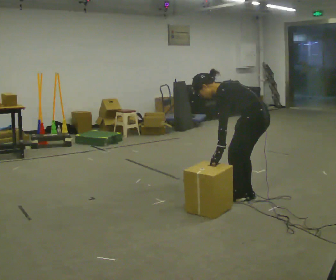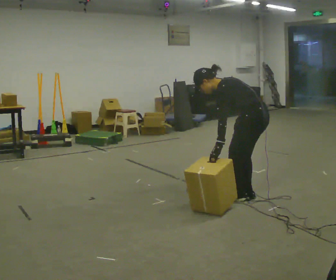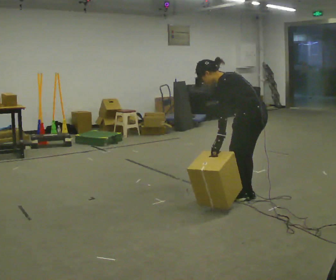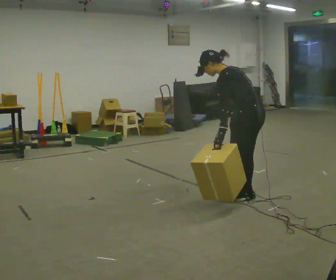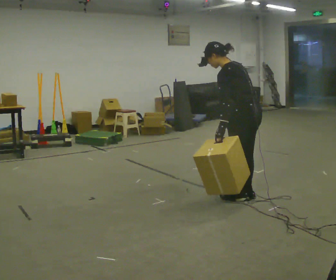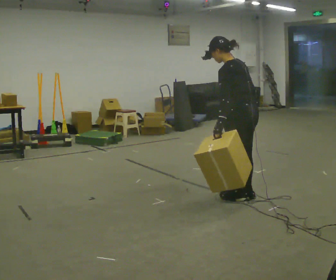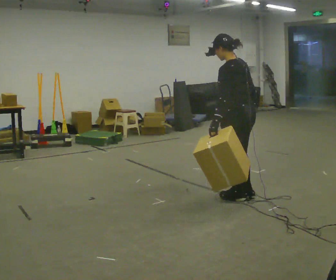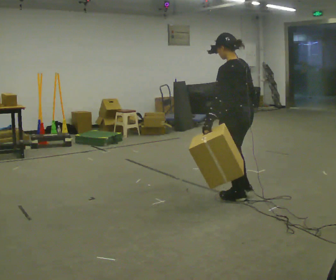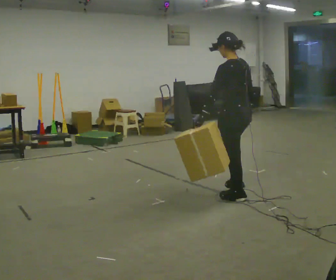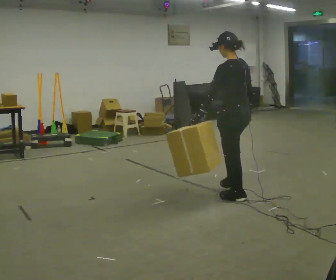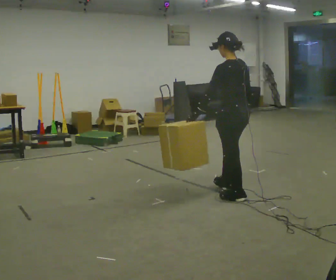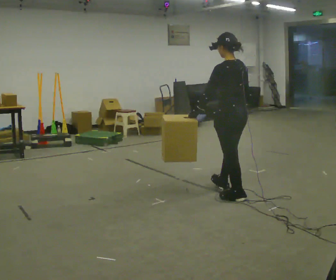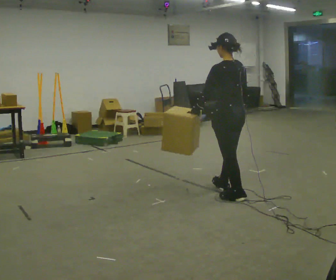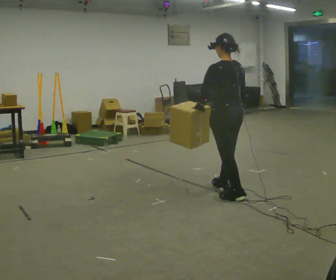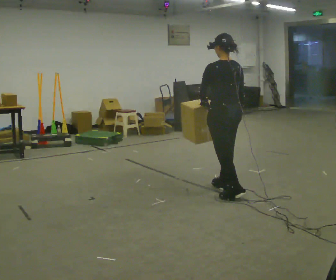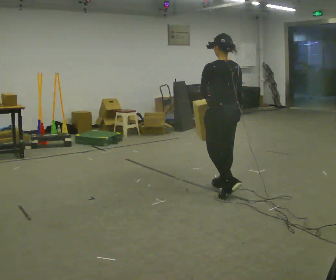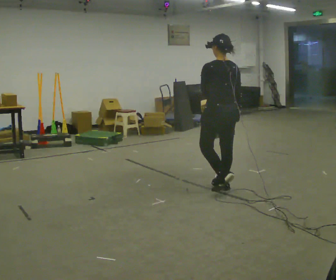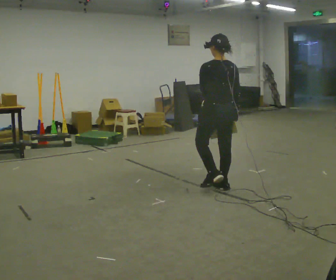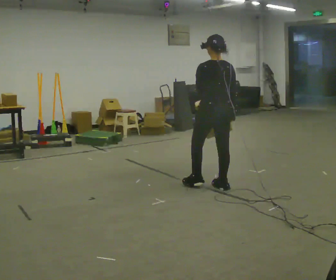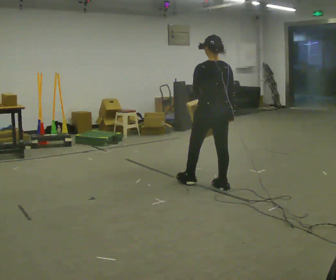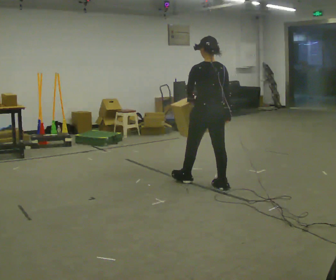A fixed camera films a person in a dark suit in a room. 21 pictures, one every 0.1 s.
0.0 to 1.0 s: In the picture they go to the left, about 0.25 m, which for them is forward. The shoulders move upward. In the picture the upper body tilts clockwise, shoulders to the right, as they lean back or straighten. In the picture their left hand goes upward.
1.0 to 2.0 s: The part of the body nearest the lens slides to the left as the person turns to their right by about 30 degrees. In the picture they go away from the camera and to the left, about 0.5 m in 1 step, which for them is forward.
The film runs forward here.
